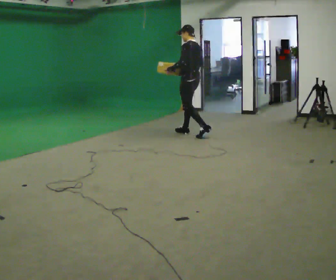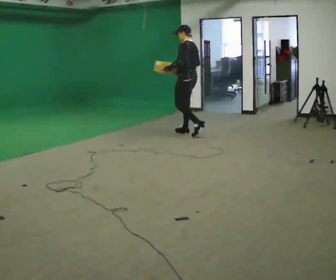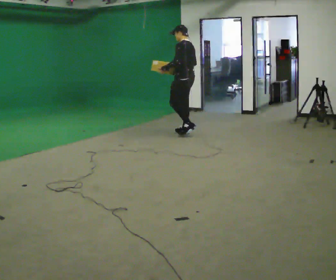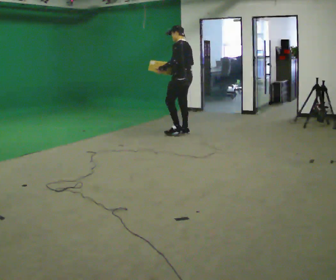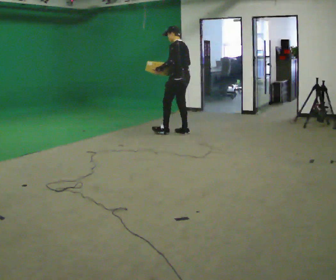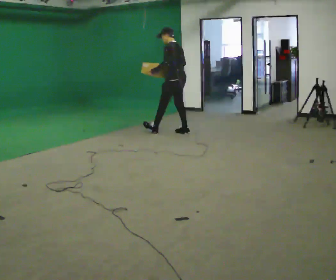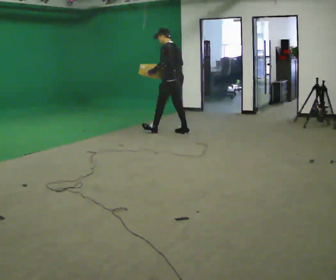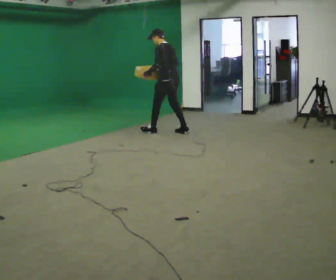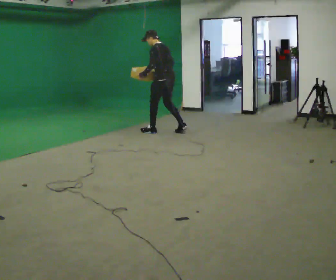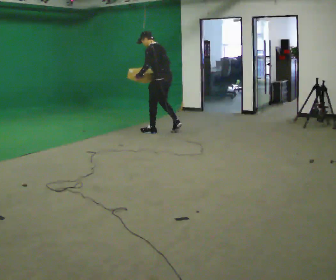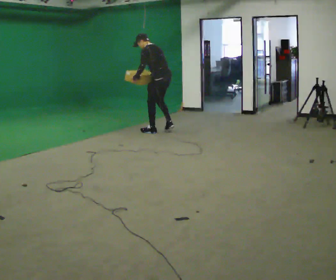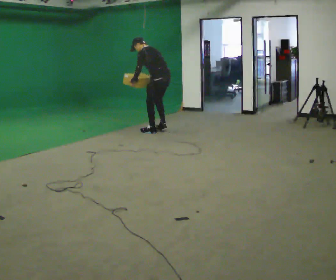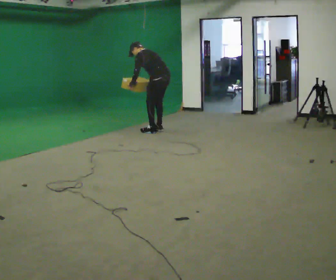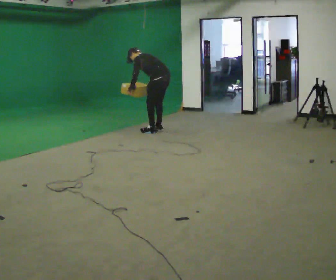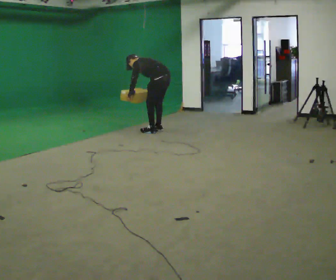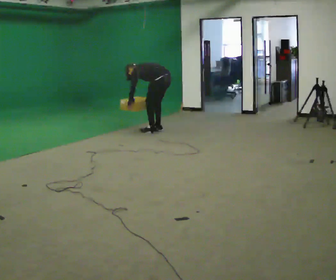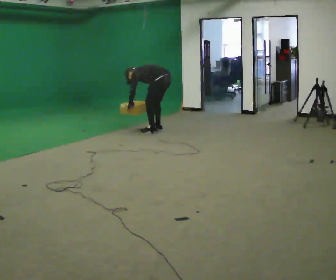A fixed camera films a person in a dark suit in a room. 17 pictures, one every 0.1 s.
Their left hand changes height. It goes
downward.
Their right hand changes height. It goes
downward.
0.0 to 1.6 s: In the picture they go to the left and away from the camera, about 0.5 m in 2 steps, which for them is forward. The upper body goes downward. In the picture the upper body tilts counterclockwise, shoulders to the left, as they bend forward. In the picture their right hand goes downward.
The film runs forward here.
